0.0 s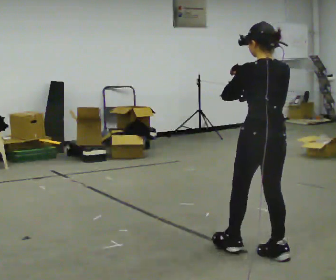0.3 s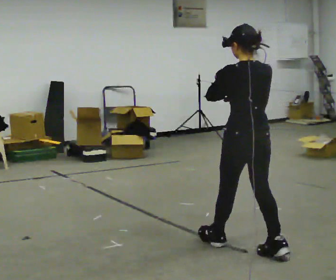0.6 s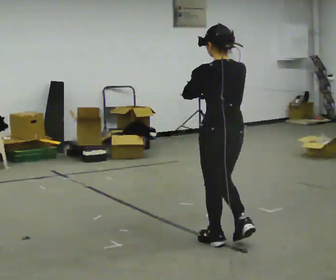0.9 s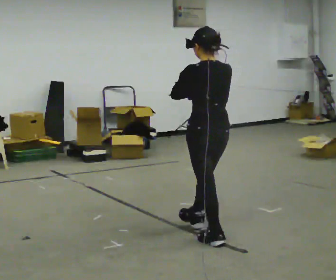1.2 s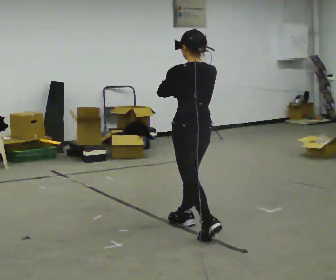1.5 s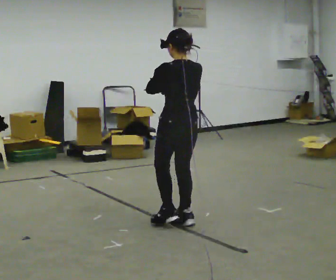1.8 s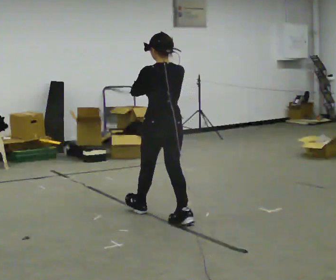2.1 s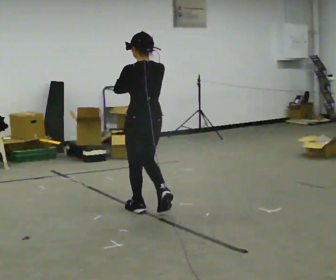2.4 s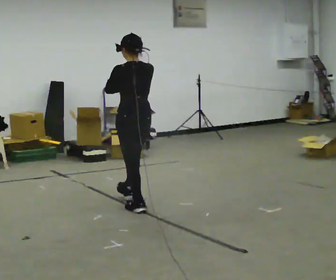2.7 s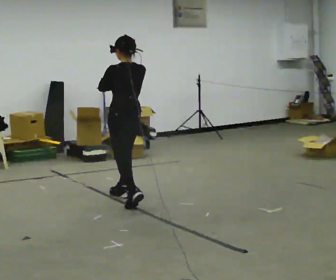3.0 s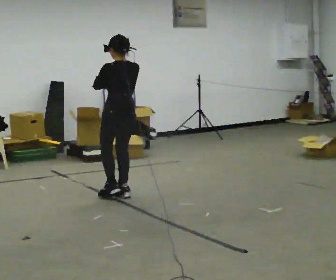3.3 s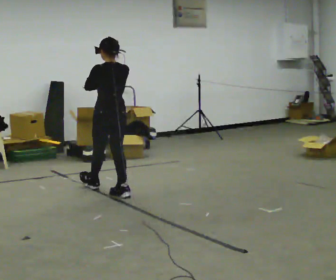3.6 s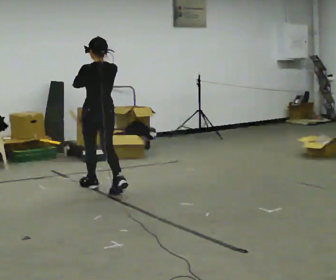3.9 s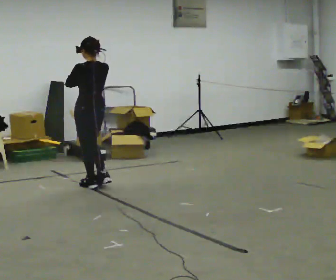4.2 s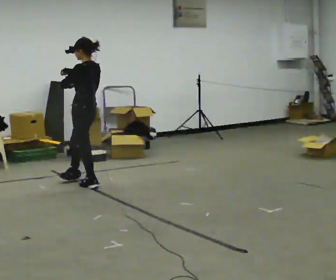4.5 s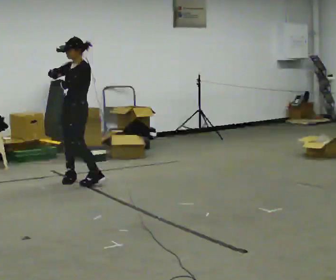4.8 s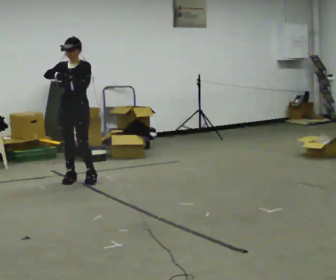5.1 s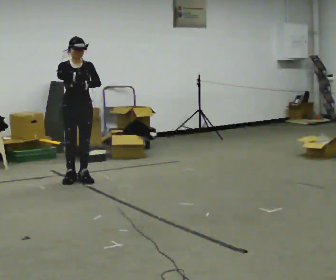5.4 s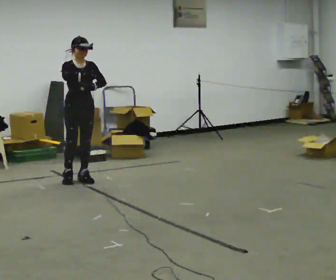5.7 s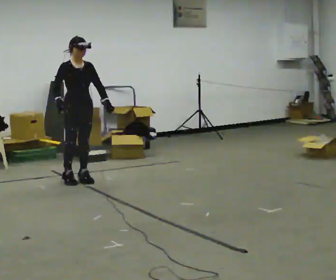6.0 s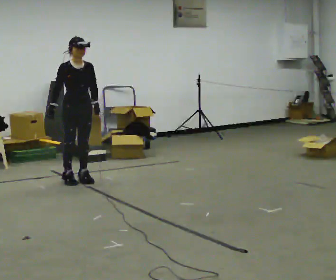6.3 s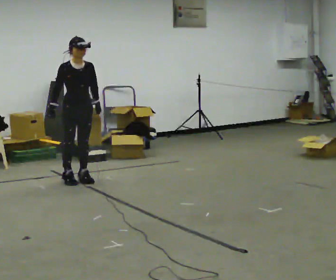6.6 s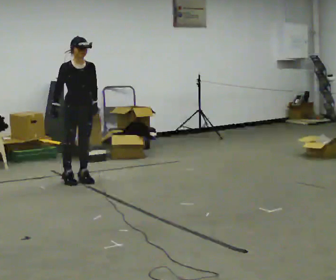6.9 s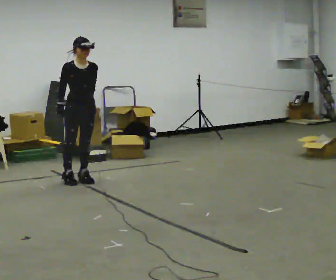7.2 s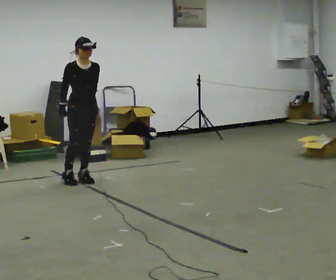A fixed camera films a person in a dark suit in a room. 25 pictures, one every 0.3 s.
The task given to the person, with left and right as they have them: Walk normally but hold both hands together in front of you at chest height; do not swing your arms; stop.
0.0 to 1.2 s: In the picture they go away from the camera and to the left, about 0.5 m in 2 steps, which for them is forward.
1.2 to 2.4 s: In the picture they go away from the camera and to the left, about 1 m in 1 step, which for them is forward.
2.4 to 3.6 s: In the picture they go away from the camera and to the left, about 0.5 m in 2 steps, which for them is forward.
3.6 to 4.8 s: The part of the body nearest the lens slides to the right as the person turns to their left by about 135 degrees. In the picture they go away from the camera and to the left, about 0.5 m in 1 step.
4.8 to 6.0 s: The part of the body nearest the lens slides to the right as the person turns to their left by about 45 degrees.
6.0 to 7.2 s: The person moves a little, or ends about where they began.
The film runs forward here.
